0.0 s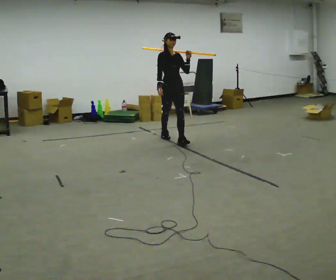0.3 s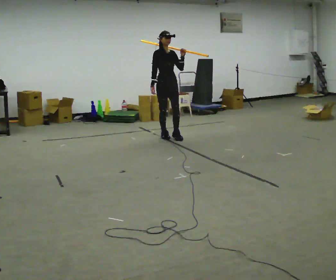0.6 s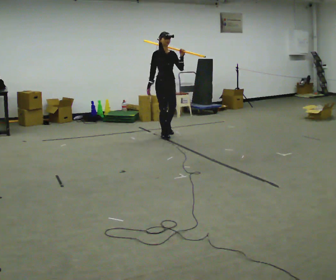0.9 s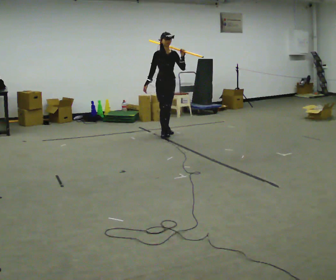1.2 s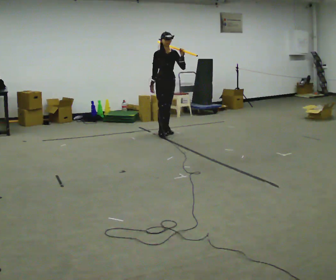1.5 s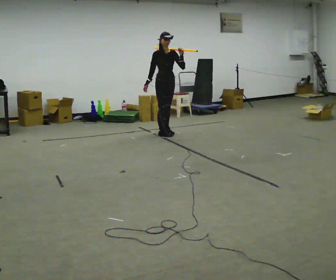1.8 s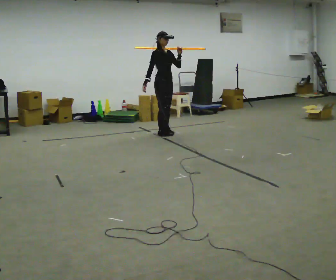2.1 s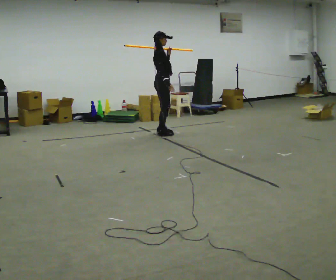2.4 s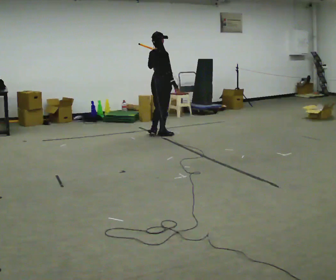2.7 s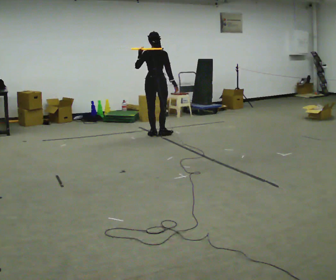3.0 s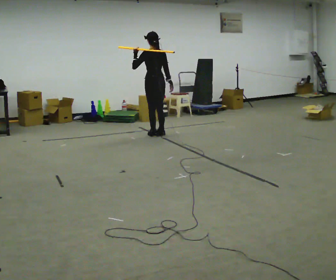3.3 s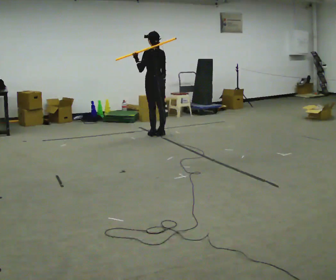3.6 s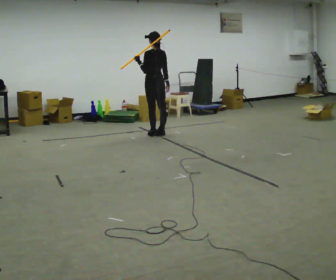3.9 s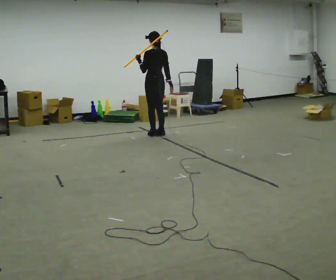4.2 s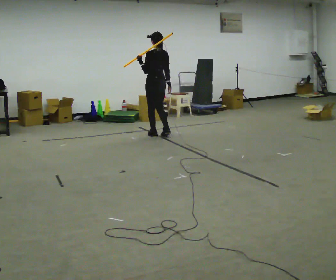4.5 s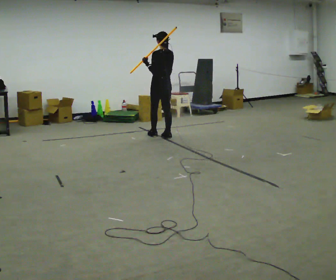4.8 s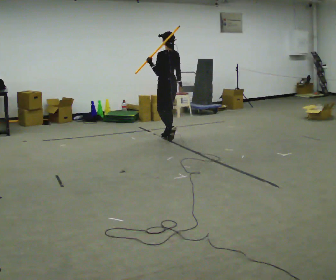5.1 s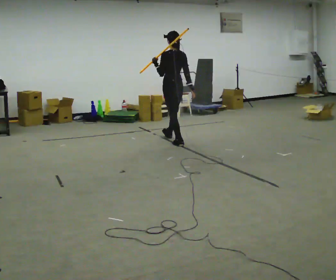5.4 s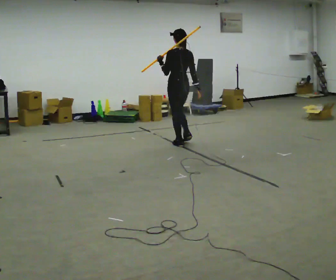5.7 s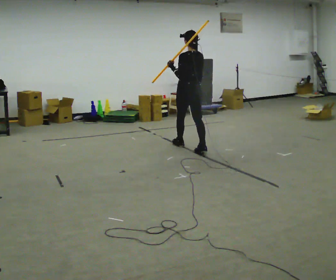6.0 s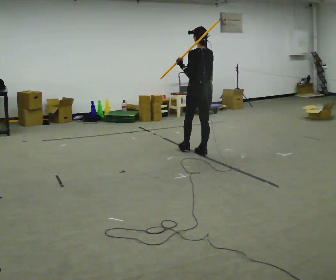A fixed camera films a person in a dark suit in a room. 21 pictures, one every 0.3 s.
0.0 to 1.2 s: In the picture they go away from the camera, about 0.5 m in 1 step, which for them is backward.
1.2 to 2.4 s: The part of the body nearest the lens slides to the right as the person turns to their left by about 105 degrees. In the picture they go toward the camera, about 0.25 m in 1 step. In the picture their left hand goes to the left.
2.4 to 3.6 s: The person turns about 90 degrees to their left, counterclockwise seen from above, so the part of the body nearest the lens slides to the right.
3.6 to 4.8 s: In the picture they go toward the camera and to the right, about 0.25 m in 2 steps, which for them is backward.
4.8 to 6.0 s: In the picture they go toward the camera and to the right, about 1 m in 2 steps, which for them is backward.
The film runs backward here.
